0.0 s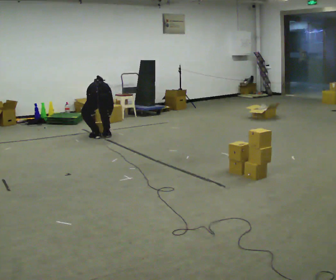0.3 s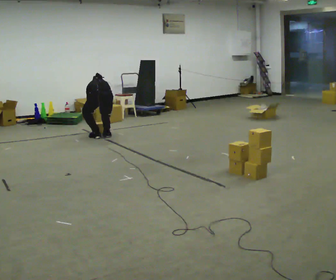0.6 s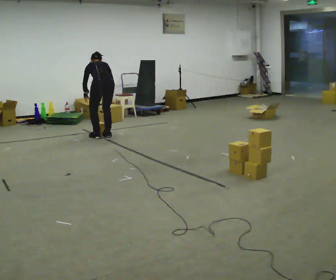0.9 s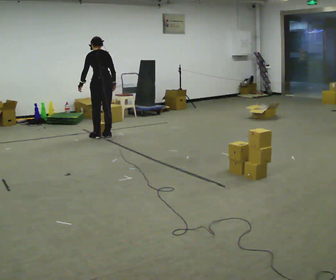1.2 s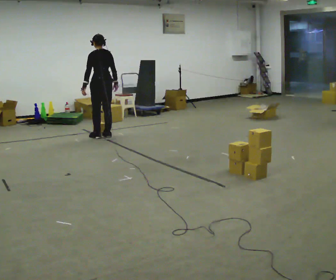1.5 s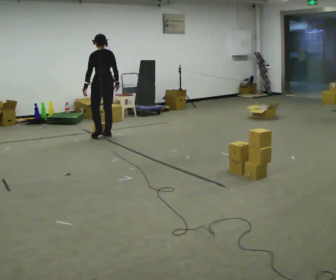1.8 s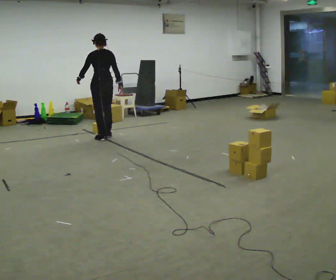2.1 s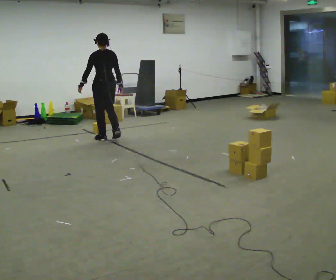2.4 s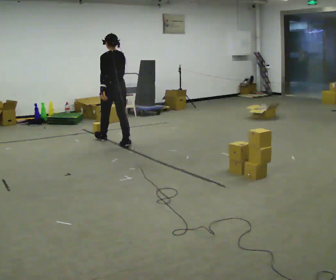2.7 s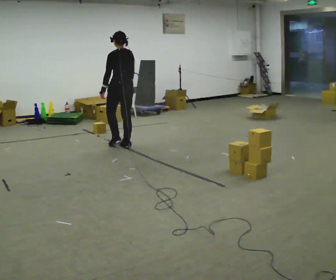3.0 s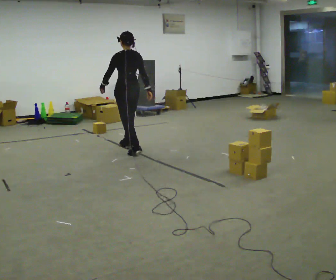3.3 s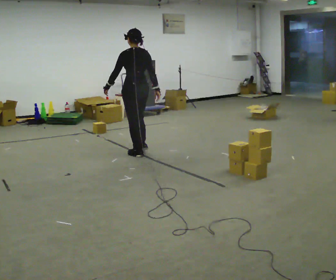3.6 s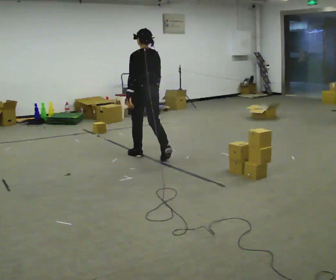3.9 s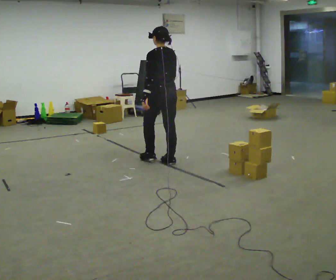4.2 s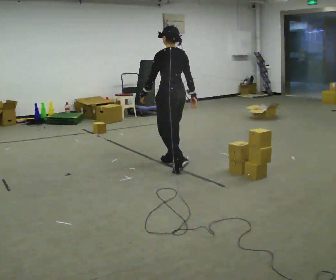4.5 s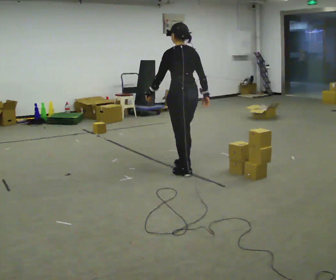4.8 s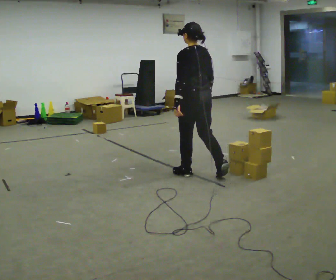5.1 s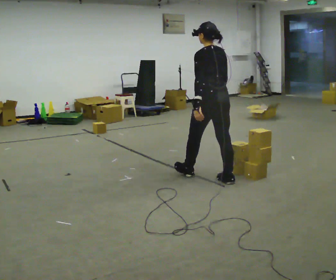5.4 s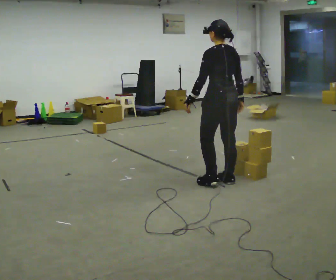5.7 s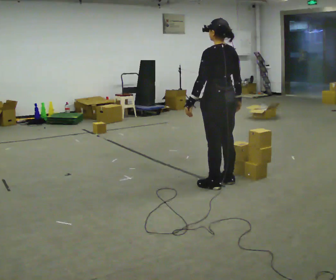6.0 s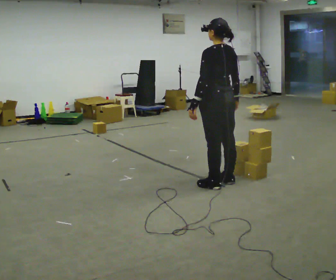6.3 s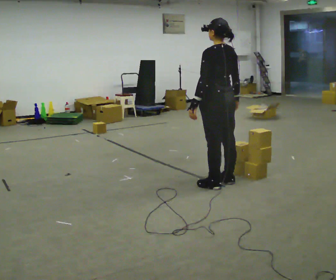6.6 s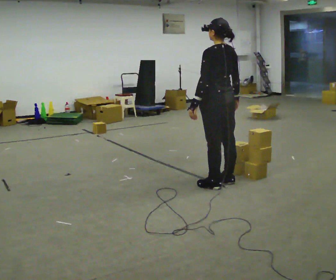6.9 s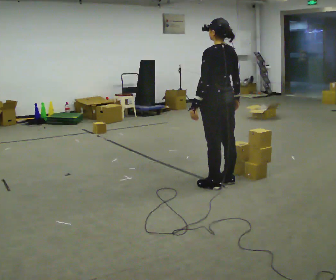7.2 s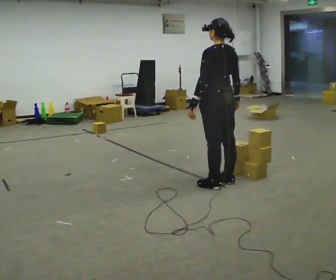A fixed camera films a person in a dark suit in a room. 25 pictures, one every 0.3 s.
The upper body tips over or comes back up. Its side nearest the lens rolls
downward.
0.0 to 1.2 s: The shoulders move upward. The upper body tips toward the camera, its near side rolling downward, as they lean back or straighten. In the picture their left hand goes upward.
1.2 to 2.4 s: In the picture they go toward the camera and to the right, about 0.5 m in 3 steps, which for them is backward.
2.4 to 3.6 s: In the picture they go toward the camera and to the right, about 1 m in 1 step, which for them is backward.
3.6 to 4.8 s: In the picture they go toward the camera and to the right, about 1 m in 2 steps, which for them is backward.
4.8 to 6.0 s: In the picture they go toward the camera and to the right, about 0.25 m in 1 step, which for them is backward.
6.0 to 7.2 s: The person keeps their place and pose.
The film runs backward here.
